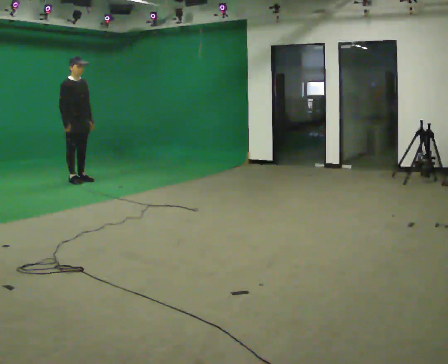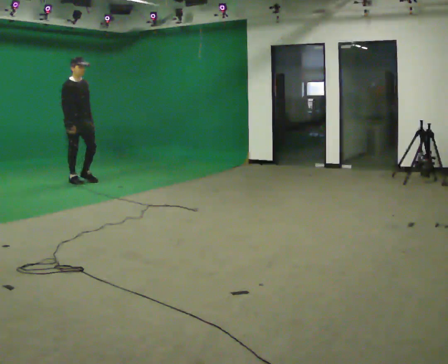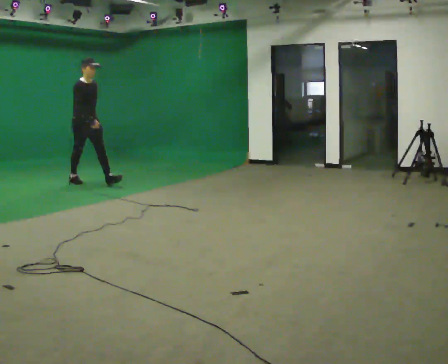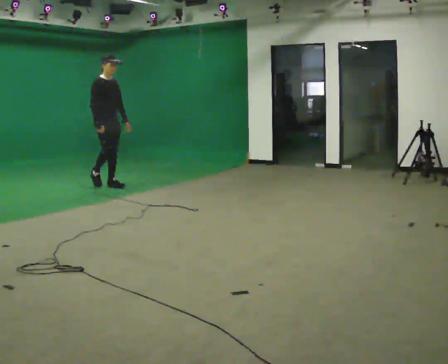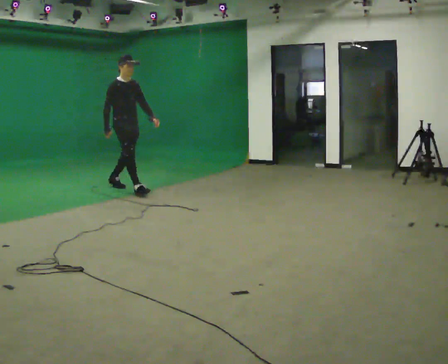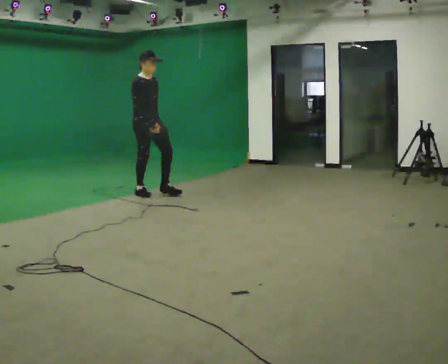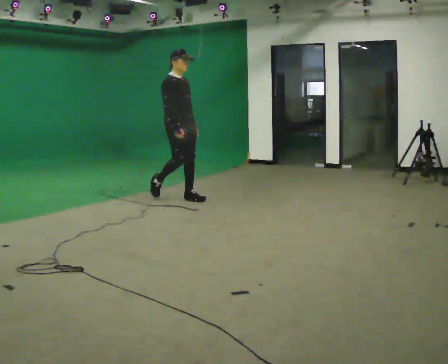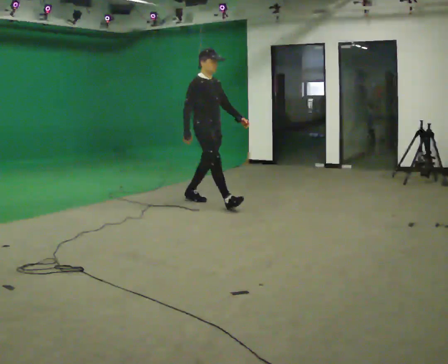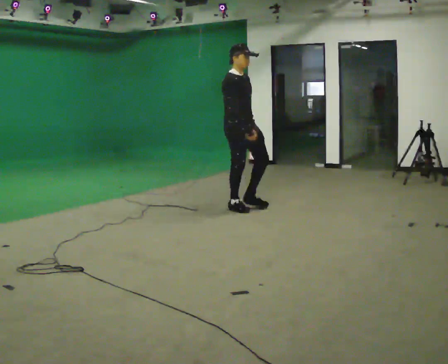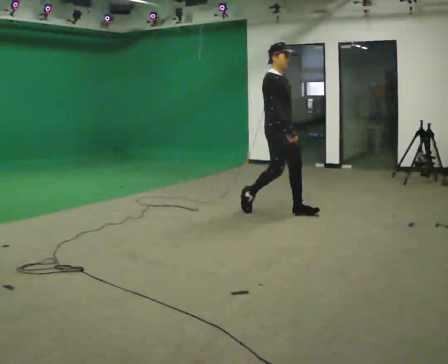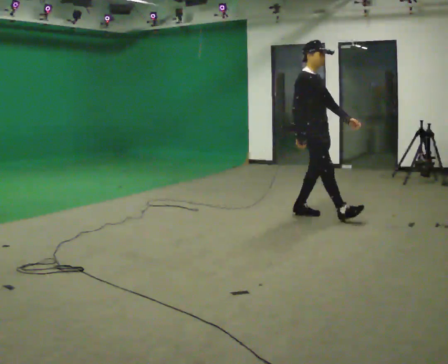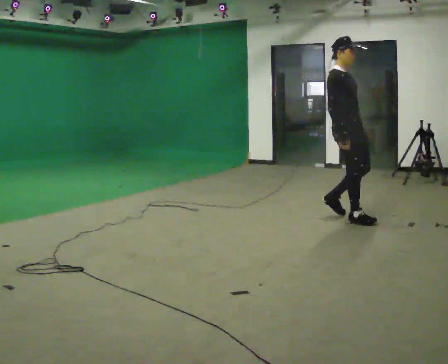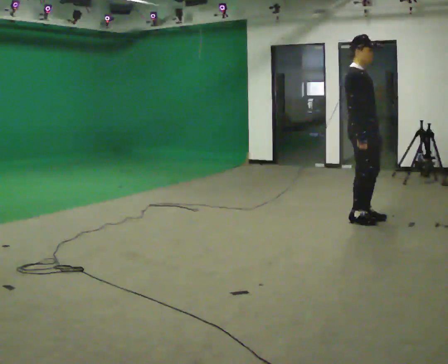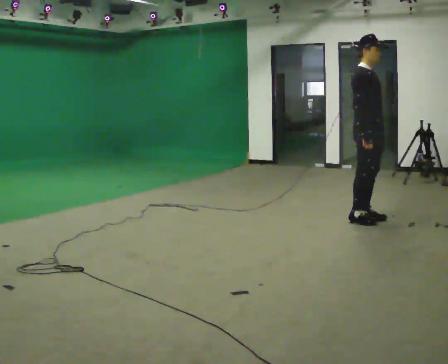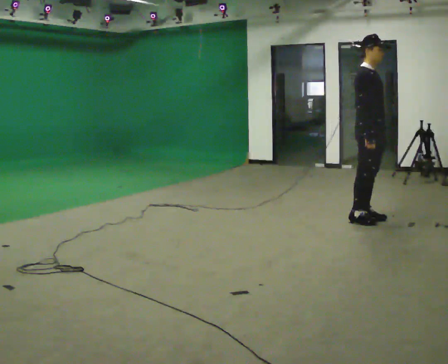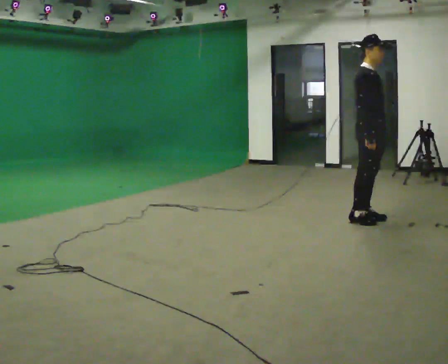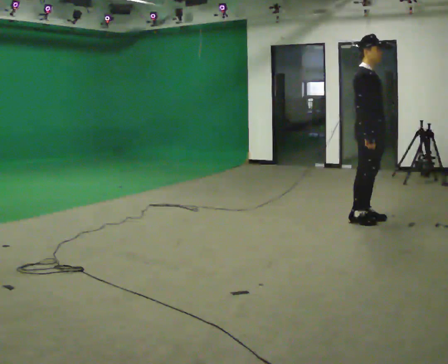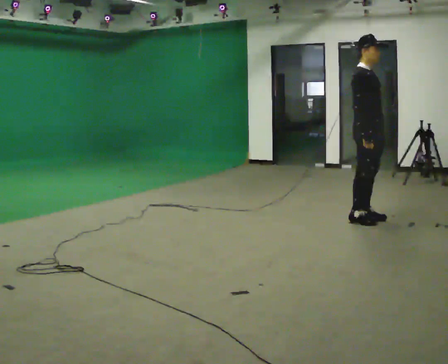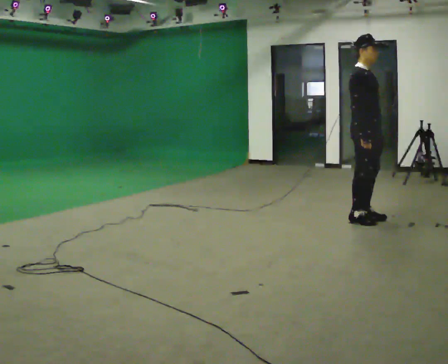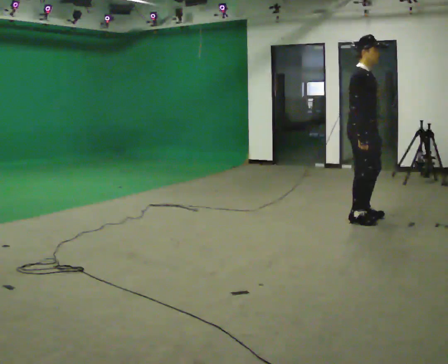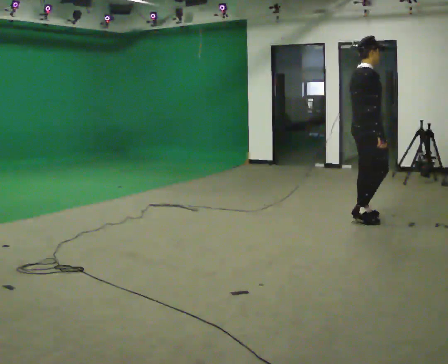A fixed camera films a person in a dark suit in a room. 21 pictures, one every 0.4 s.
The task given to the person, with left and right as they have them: Stand still 2 s; begin walking naturally; walk forward; stop.
0.0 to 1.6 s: In the picture they go to the right and toward the camera, about 1 m in 2 steps, which for them is forward.
1.6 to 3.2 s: In the picture they go to the right and toward the camera, about 1.5 m in 2 steps, which for them is forward.
3.2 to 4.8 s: In the picture they go to the right and toward the camera, about 1.5 m in 3 steps, which for them is forward.
4.8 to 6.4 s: The person moves a little, or ends about where they began.
6.4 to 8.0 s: Seen from above the body turns counterclockwise, about 45 degrees: to their left, with its near side sliding to the right.
The film runs forward here.
